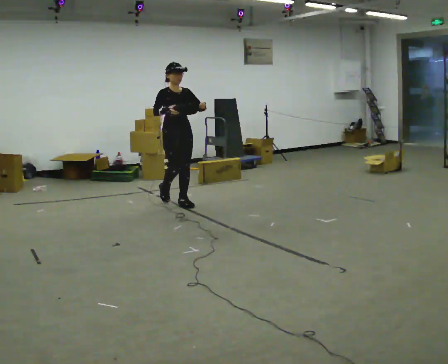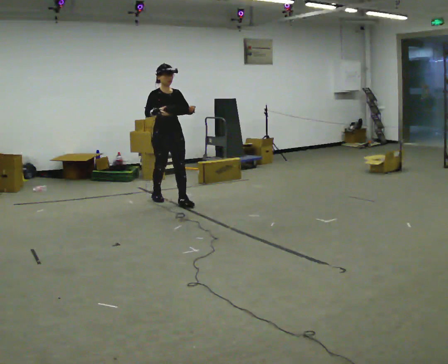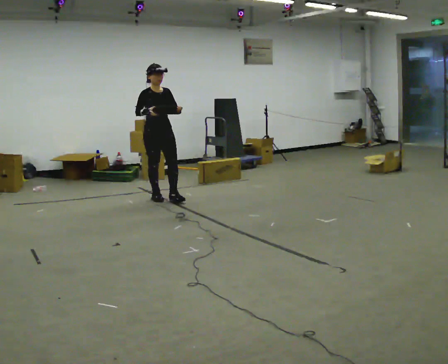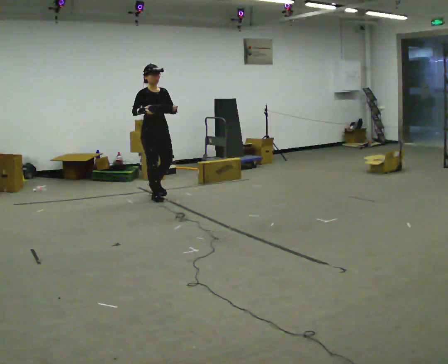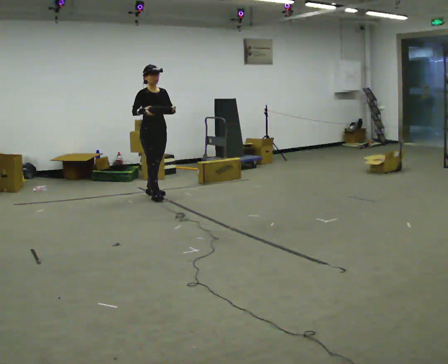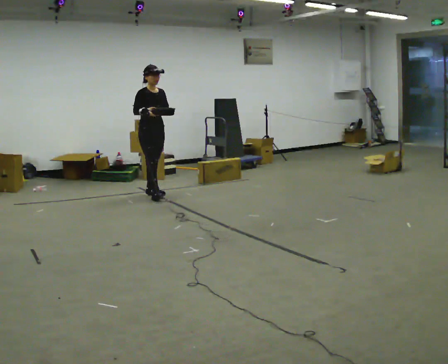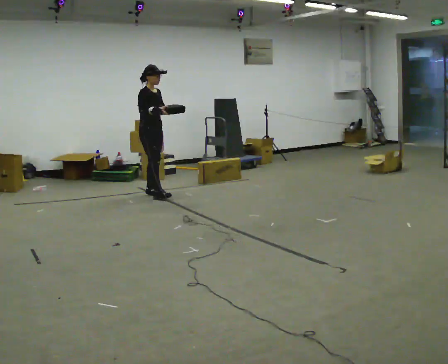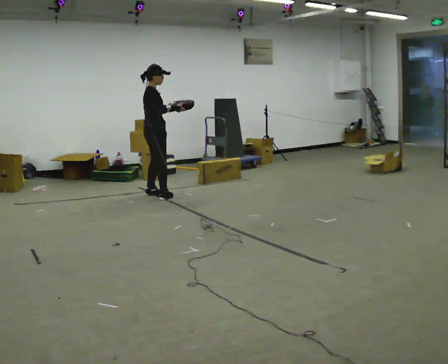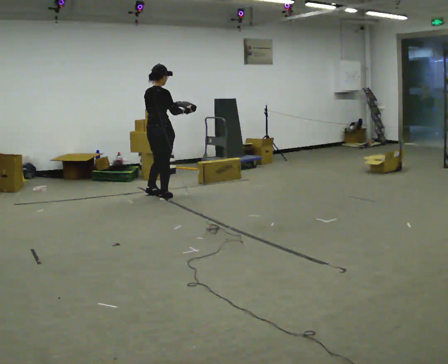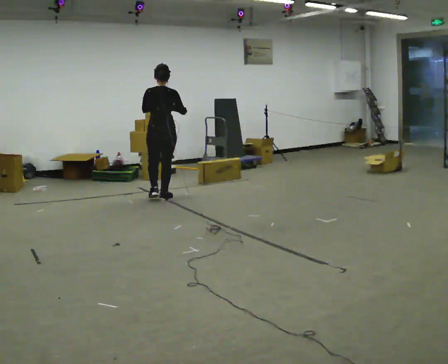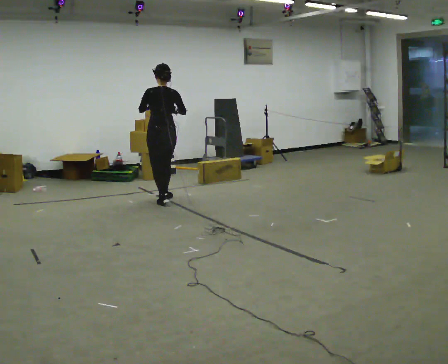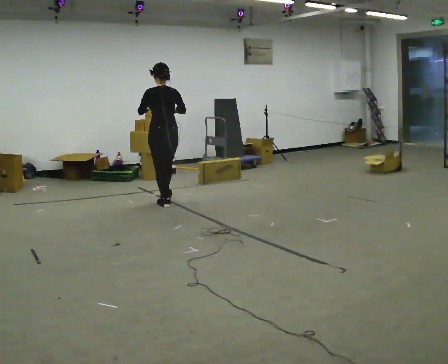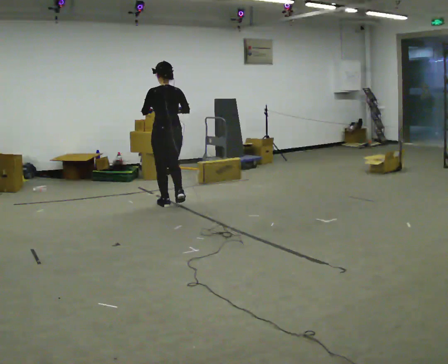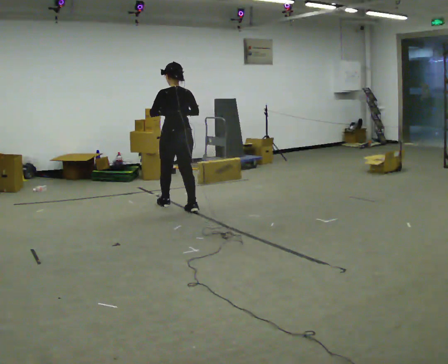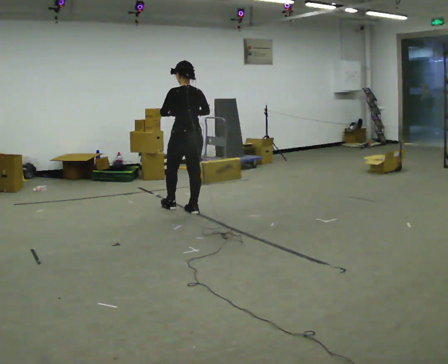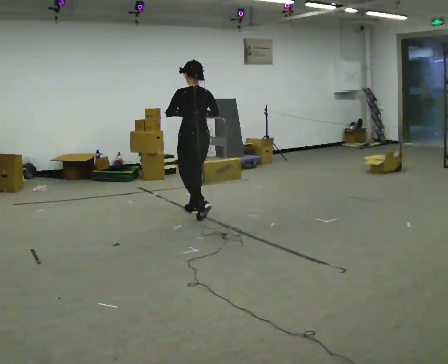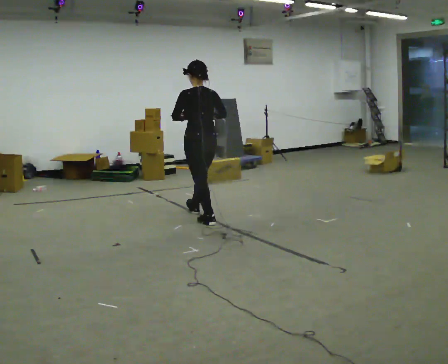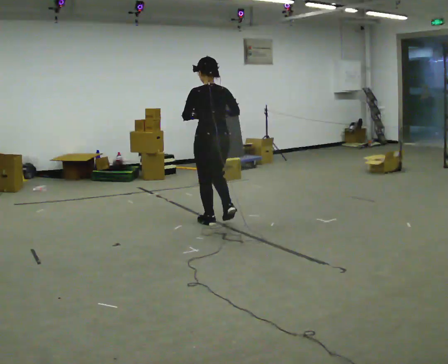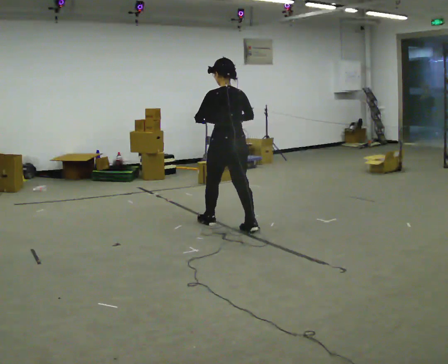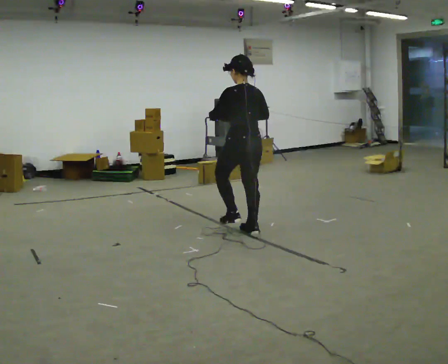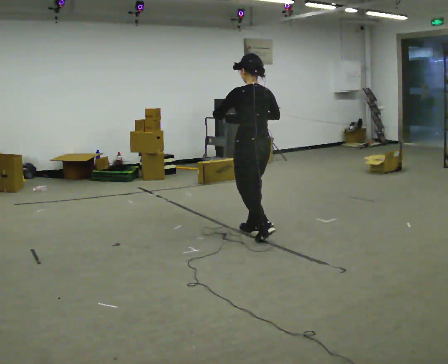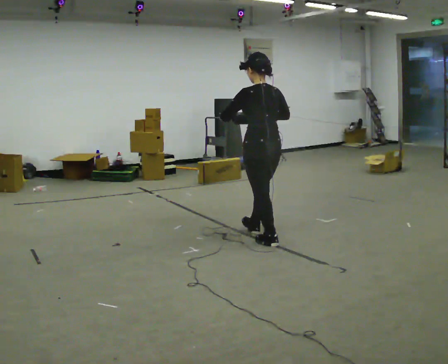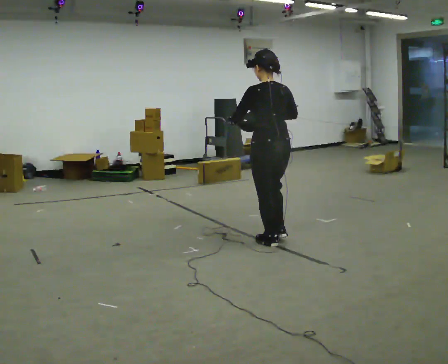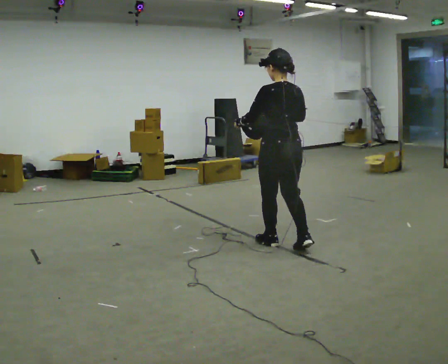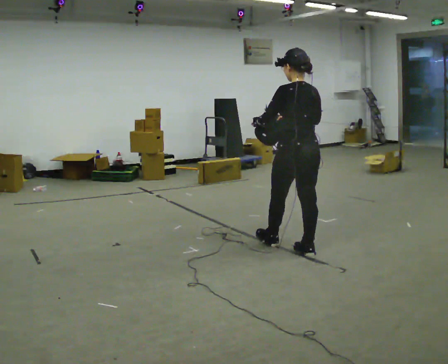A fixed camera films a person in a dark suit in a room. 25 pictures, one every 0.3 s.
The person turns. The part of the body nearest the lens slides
to the right.
The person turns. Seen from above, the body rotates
counterclockwise.
0.0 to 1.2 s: In the picture they go away from the camera and to the left, about 0.5 m in 1 step, which for them is backward.
1.2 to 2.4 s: The person turns about 90 degrees to their left, counterclockwise seen from above, so the part of the body nearest the lens slides to the right. In the picture their right hand goes to the right.
2.4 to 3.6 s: The person turns about 60 degrees to their left, counterclockwise seen from above, so the part of the body nearest the lens slides to the right. In the picture they go toward the camera, about 0.5 m in 1 step.
3.6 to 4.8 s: In the picture they go toward the camera and to the right, about 0.75 m in 2 steps, which for them is backward.
4.8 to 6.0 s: In the picture they go toward the camera and to the right, about 1 m in 1 step, which for them is backward.
6.0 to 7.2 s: In the picture they go toward the camera and to the right, about 0.5 m in 1 step, which for them is backward.
The film runs backward here.
